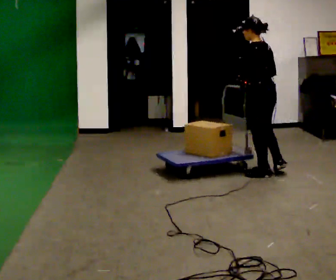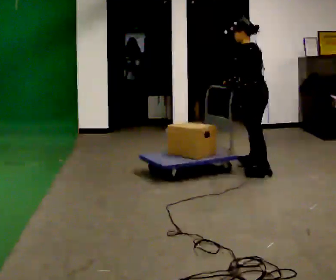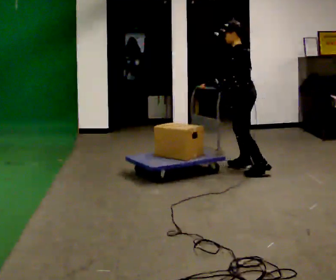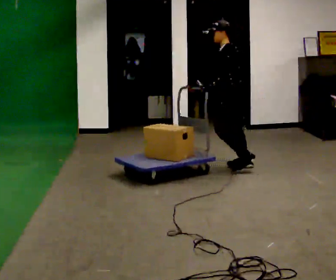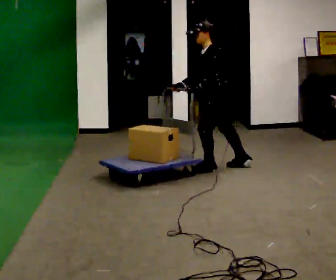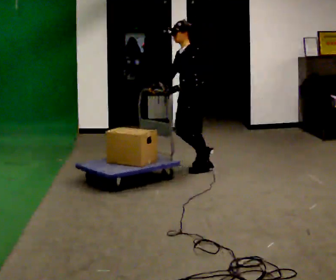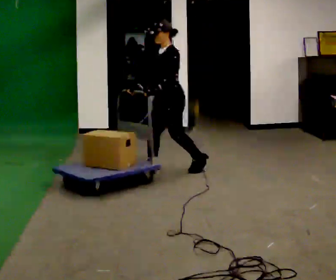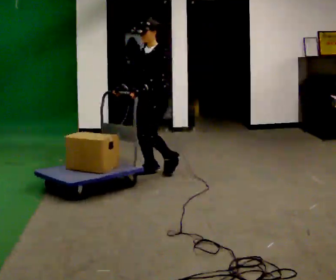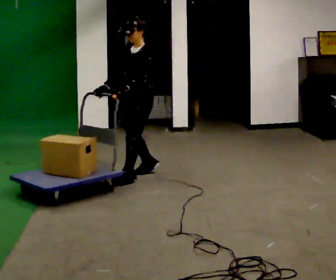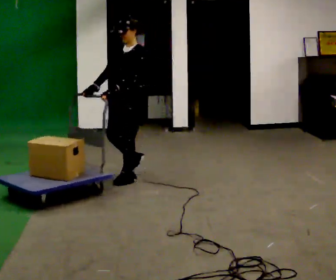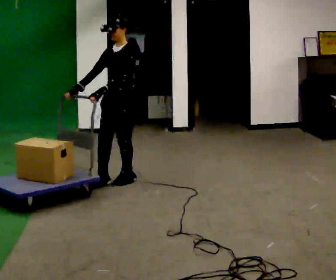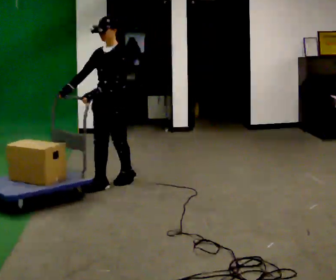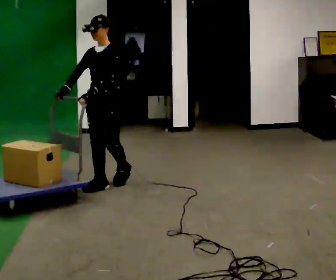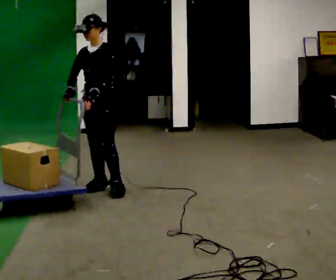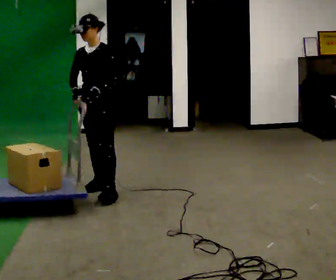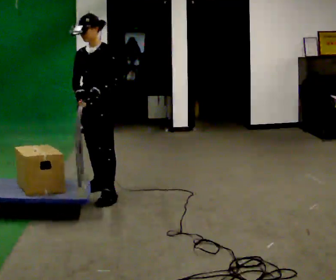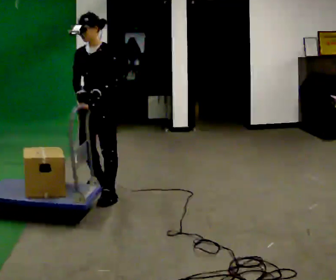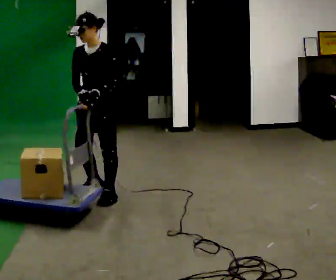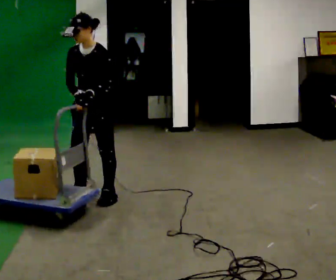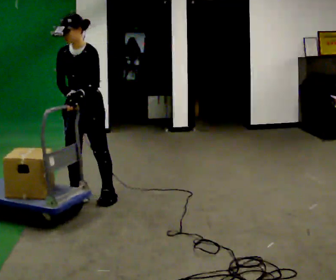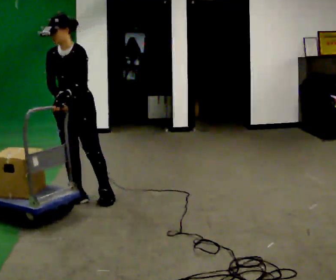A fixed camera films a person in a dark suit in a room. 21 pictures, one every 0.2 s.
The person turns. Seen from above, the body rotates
counterclockwise.
The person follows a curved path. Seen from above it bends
counterclockwise.
0.0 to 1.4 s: The person turns about 90 degrees to their left, counterclockwise seen from above, so the part of the body nearest the lens slides to the right. In the picture they go to the left, about 1 m in 3 steps.
1.4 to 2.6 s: In the picture they go to the left and toward the camera, about 0.5 m in 2 steps, which for them is forward.
2.6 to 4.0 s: In the picture they go toward the camera and to the left, about 0.5 m in 2 steps, which for them is forward.
The film runs forward here.
